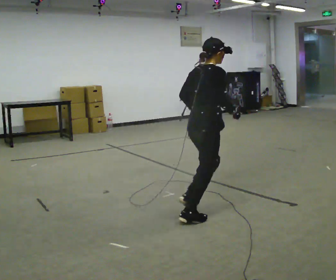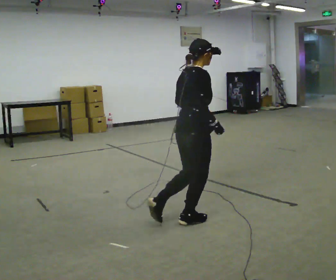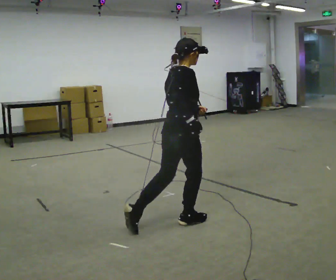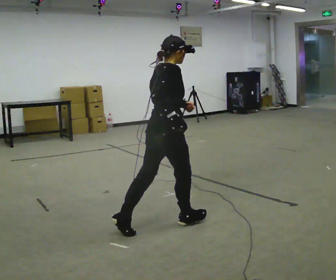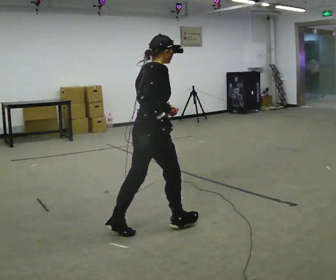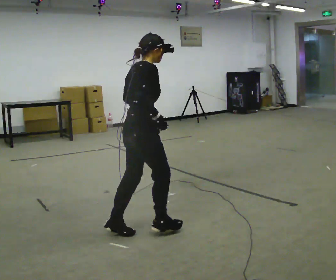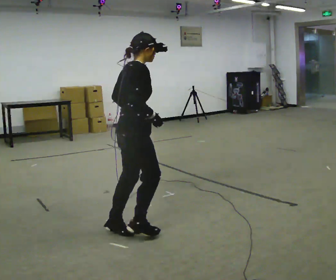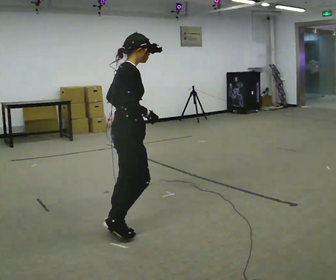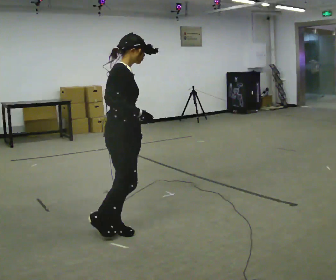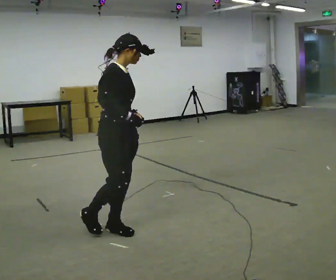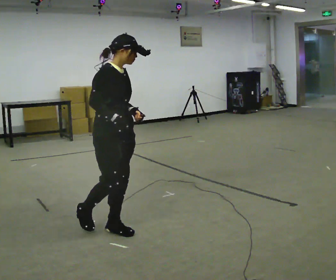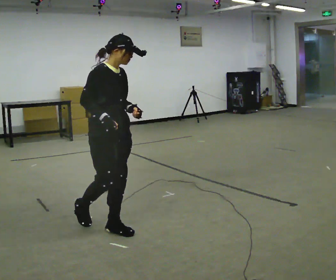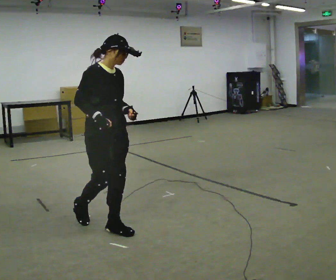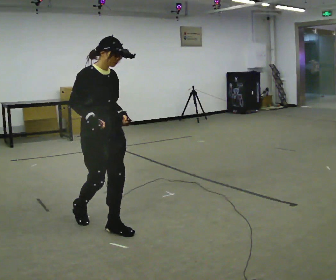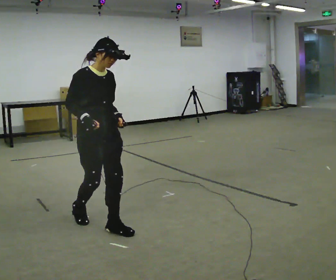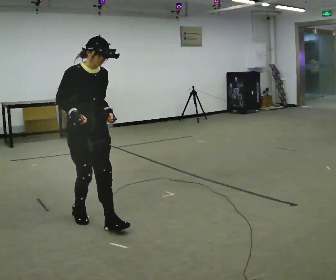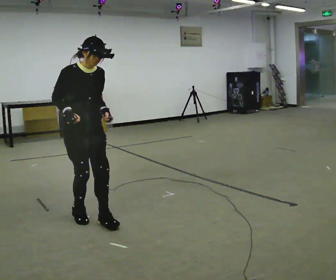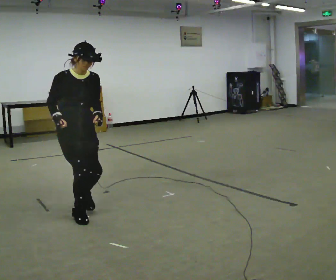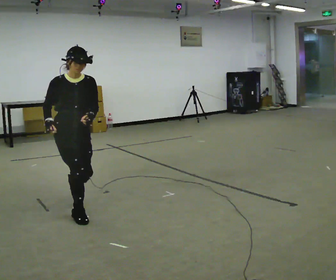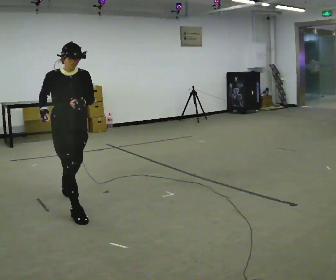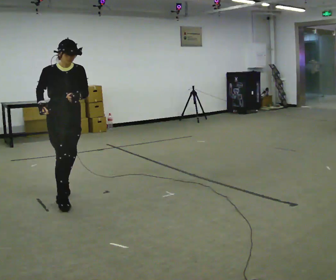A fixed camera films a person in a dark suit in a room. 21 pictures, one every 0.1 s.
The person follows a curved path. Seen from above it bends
clockwise.
The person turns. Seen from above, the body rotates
clockwise.
0.0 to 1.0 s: Seen from above the body turns clockwise, about 45 degrees: to their right, with its near side sliding to the left. In the picture they go to the left, about 1 m in 1 step, which for them is backward.
1.0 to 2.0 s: The person turns about 30 degrees to their right, clockwise seen from above, so the part of the body nearest the lens slides to the left. In the picture they go away from the camera and to the left, about 1 m in 2 steps, which for them is backward.
The film runs backward here.
